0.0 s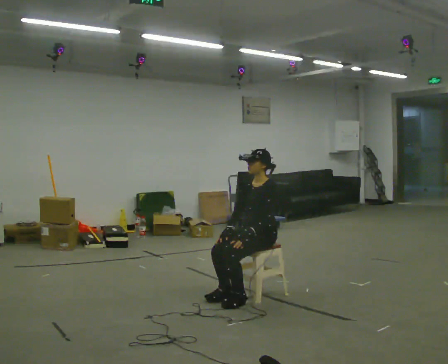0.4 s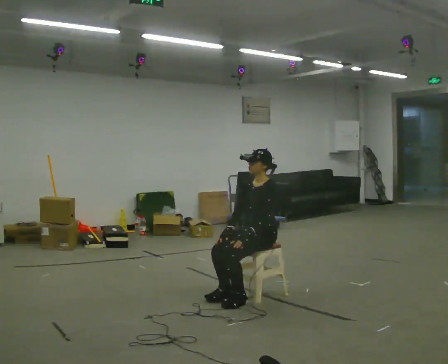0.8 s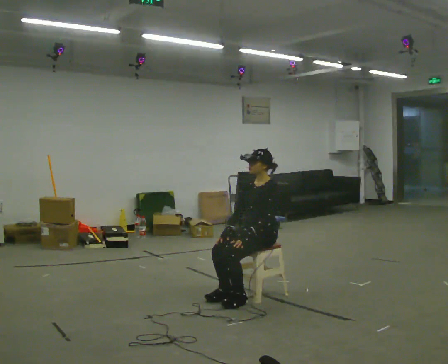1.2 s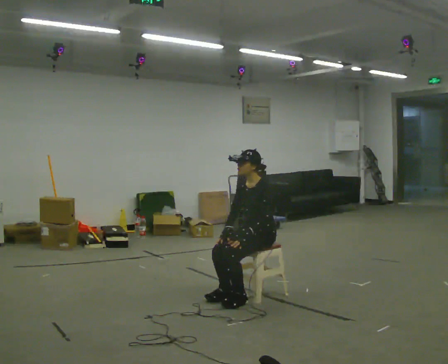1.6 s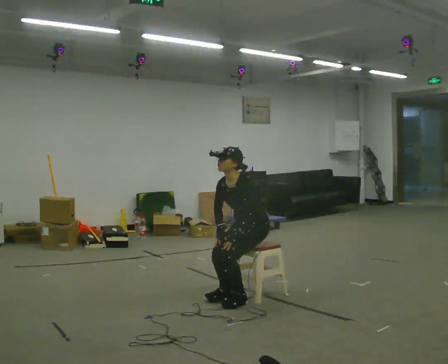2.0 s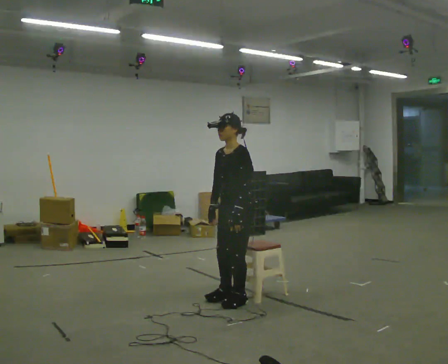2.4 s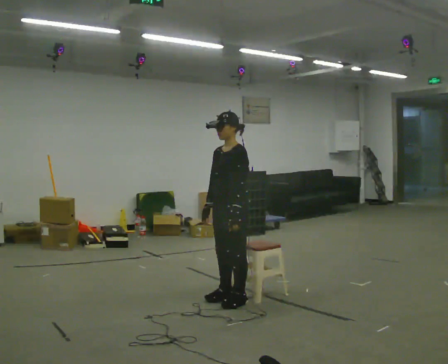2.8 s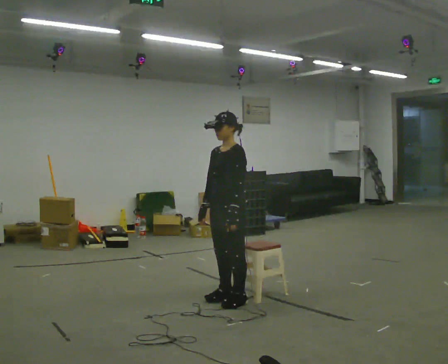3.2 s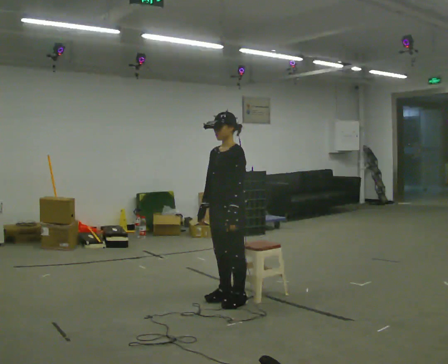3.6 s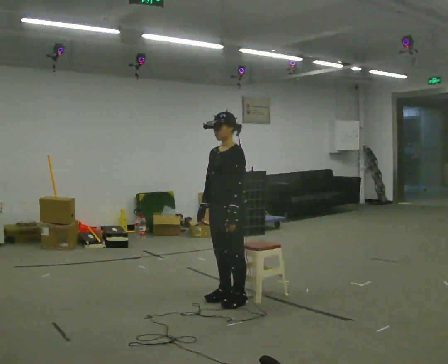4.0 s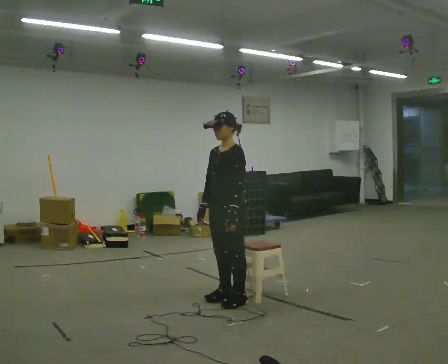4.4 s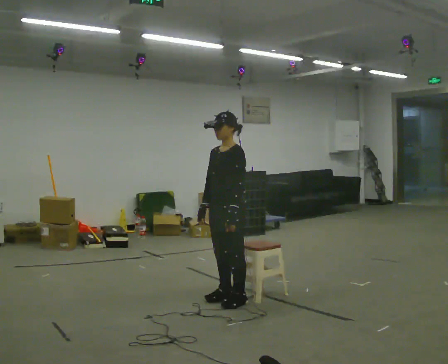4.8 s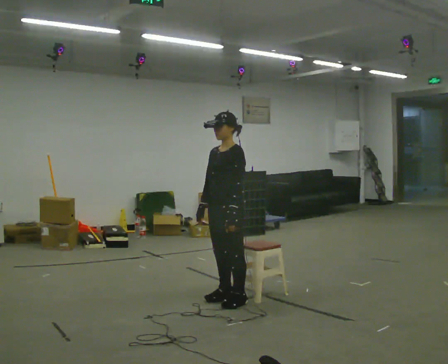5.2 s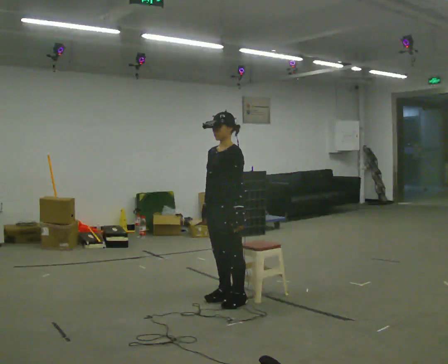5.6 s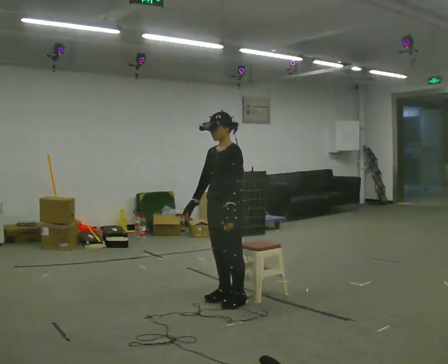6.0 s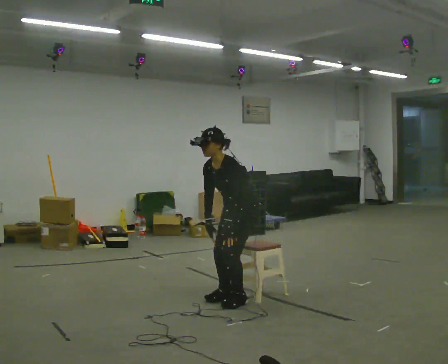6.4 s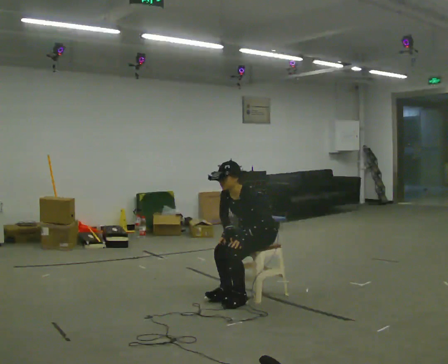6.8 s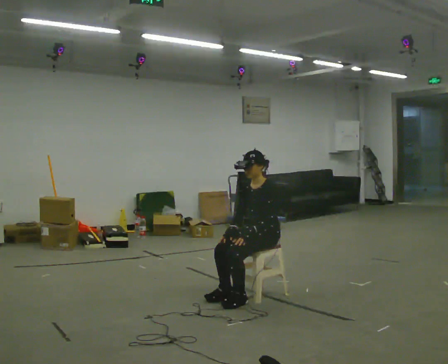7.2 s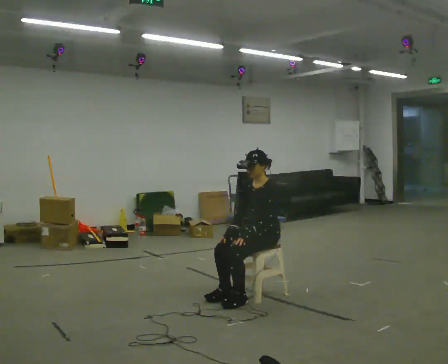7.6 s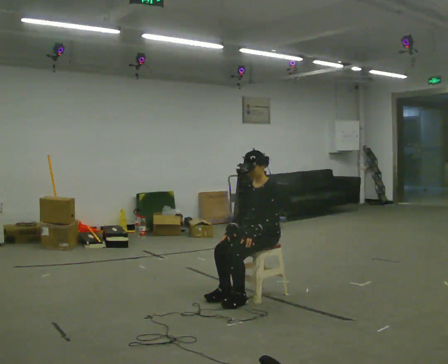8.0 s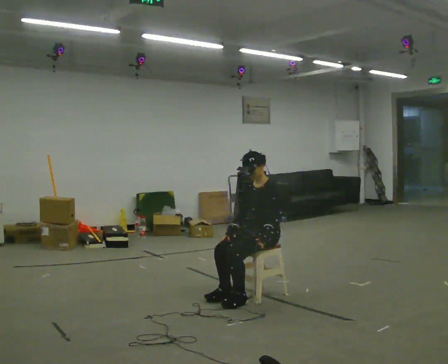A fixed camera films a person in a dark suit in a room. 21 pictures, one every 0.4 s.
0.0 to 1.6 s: In the picture the upper body tilts counterclockwise, shoulders to the left, as they bend forward.
1.6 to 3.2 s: In the picture they go to the left and toward the camera, about 0.25 m, which for them is forward. The upper body goes upward. In the picture the upper body tilts clockwise, shoulders to the right, as they lean back or straighten.
3.2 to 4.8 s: The person keeps their place and pose.
4.8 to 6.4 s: In the picture they go to the right and away from the camera, about 0.25 m, which for them is backward. The shoulders move downward. In the picture the upper body tilts counterclockwise, shoulders to the left, as they bend forward.
6.4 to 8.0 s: In the picture the upper body tilts clockwise, shoulders to the right, as they lean back or straighten.
The film runs backward here.
